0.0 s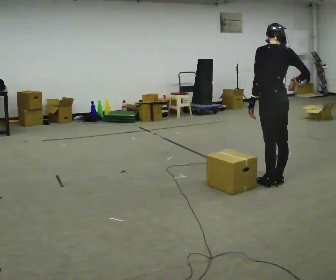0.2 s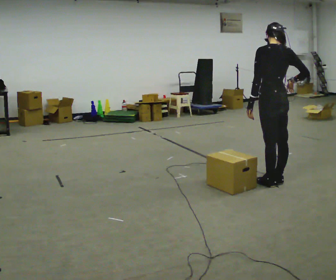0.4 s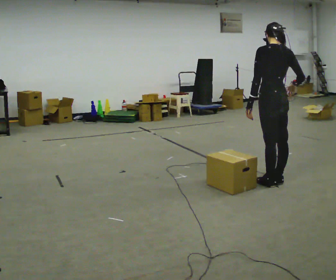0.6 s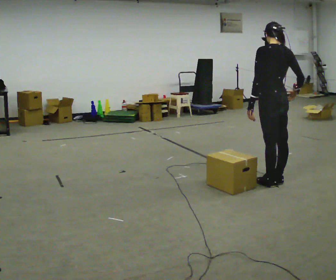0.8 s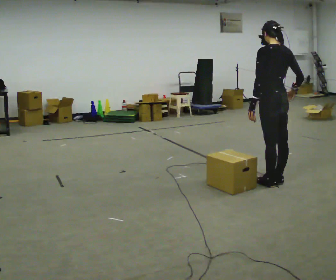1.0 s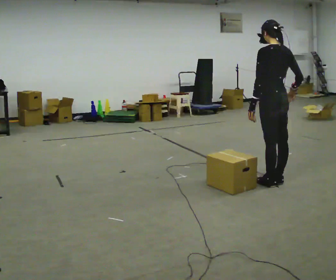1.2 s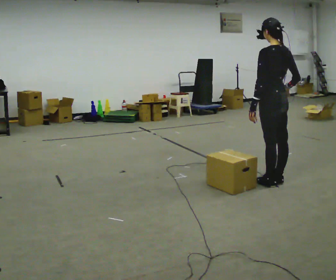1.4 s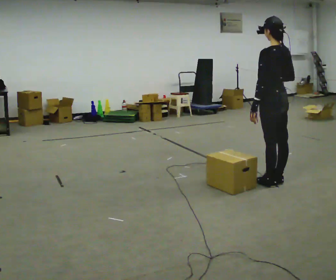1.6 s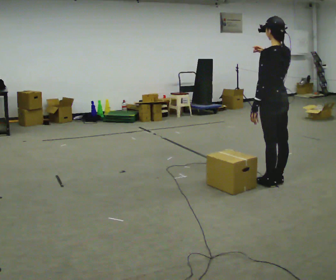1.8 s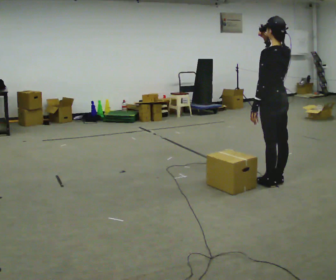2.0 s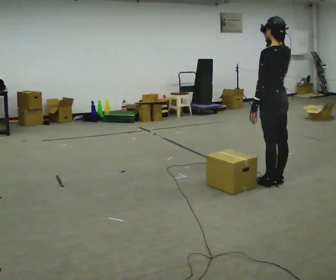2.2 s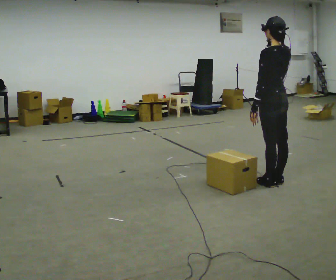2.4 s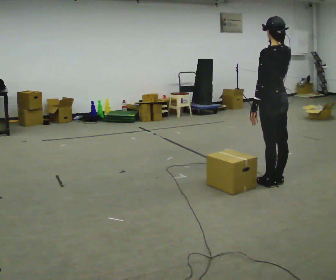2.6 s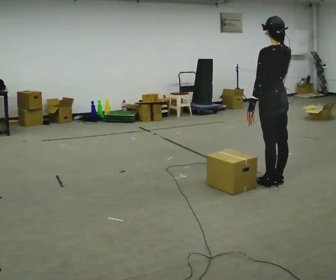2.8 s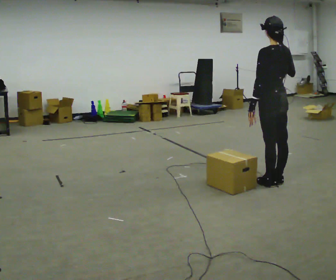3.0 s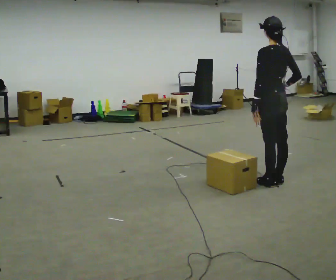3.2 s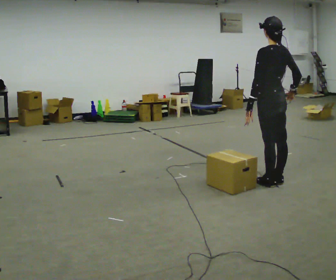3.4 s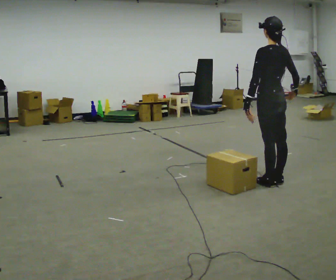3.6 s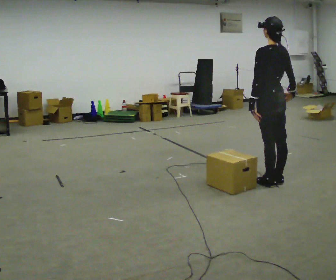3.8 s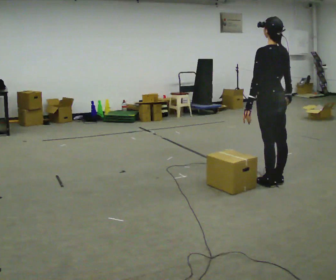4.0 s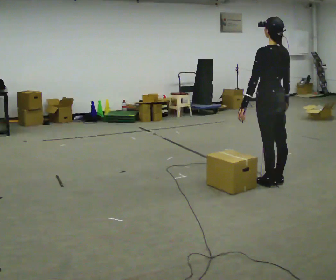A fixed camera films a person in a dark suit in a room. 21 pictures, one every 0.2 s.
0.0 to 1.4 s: The person moves a little, or ends about where they began.
1.4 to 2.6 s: In the picture their right hand goes upward.
2.6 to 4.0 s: In the picture their right hand goes downward.
The film runs backward here.
